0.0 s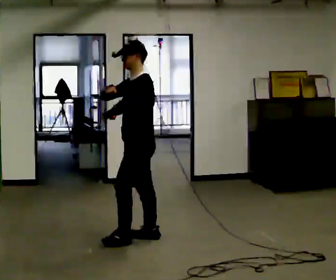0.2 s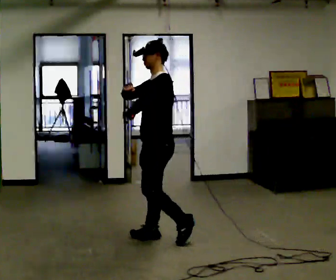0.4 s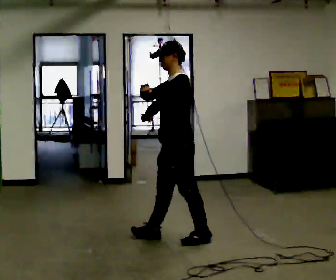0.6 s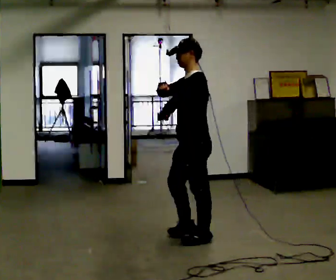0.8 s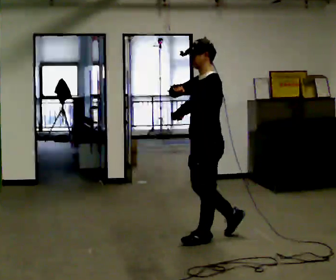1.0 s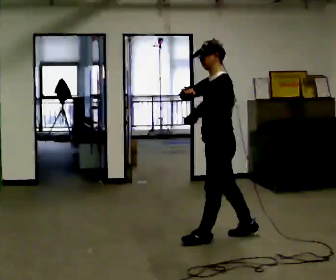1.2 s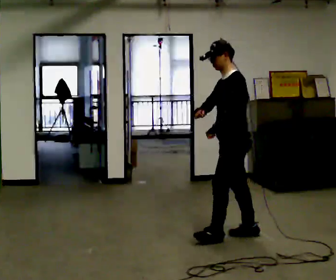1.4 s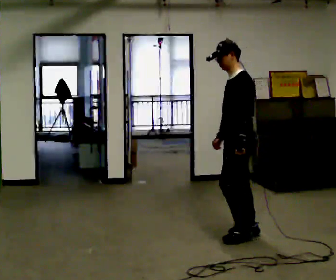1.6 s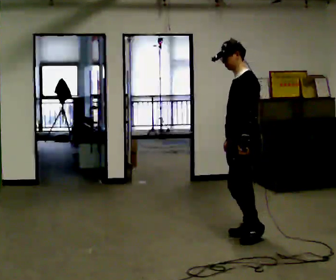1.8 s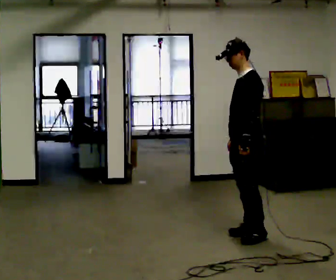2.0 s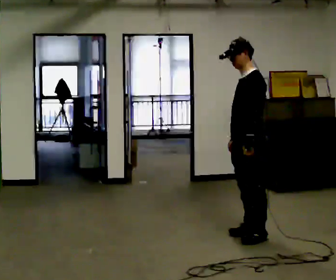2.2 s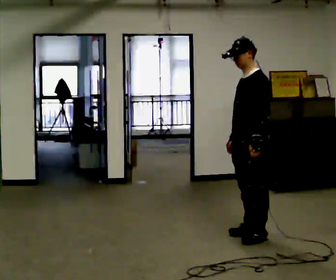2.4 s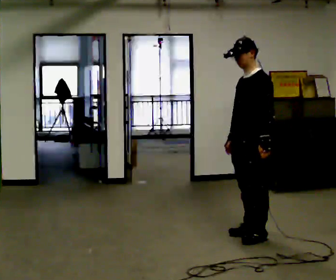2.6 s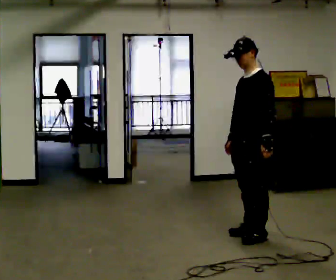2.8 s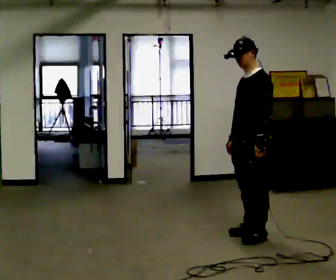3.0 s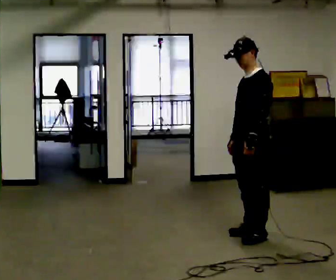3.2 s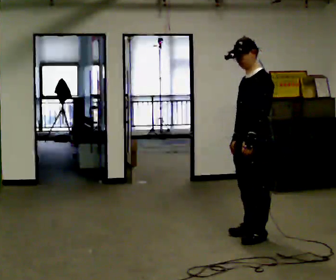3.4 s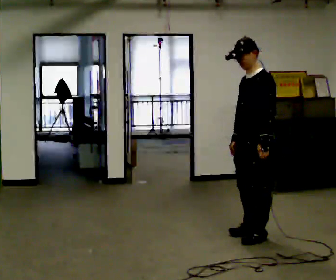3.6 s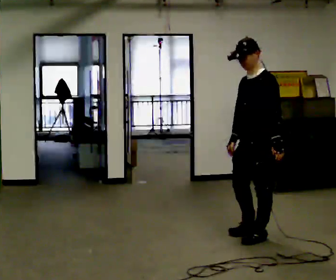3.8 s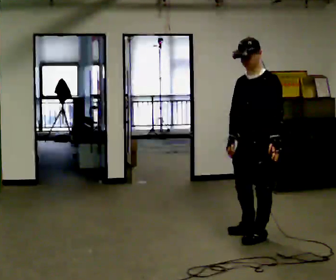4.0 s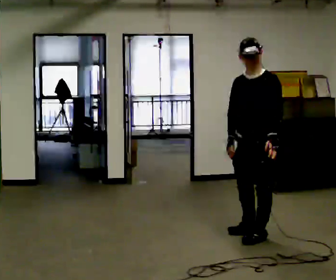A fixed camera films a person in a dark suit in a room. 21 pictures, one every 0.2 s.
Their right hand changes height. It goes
downward.
The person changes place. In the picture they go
to the right.
0.0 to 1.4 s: In the picture they go to the right, about 1 m in 2 steps, which for them is backward. In the picture their right hand goes downward.
1.4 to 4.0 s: Seen from above the body turns counterclockwise, about 45 degrees: to their left, with its near side sliding to the right. In the picture they go to the right, about 0.25 m, which for them is to their left.
The film runs backward here.
